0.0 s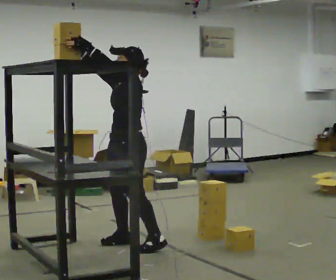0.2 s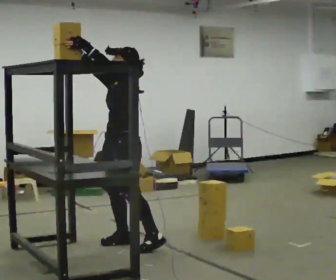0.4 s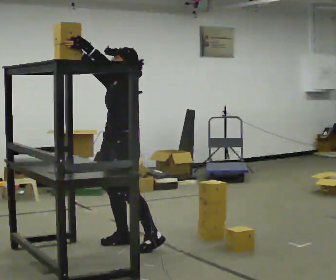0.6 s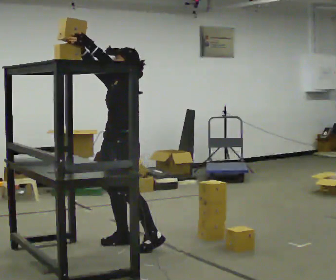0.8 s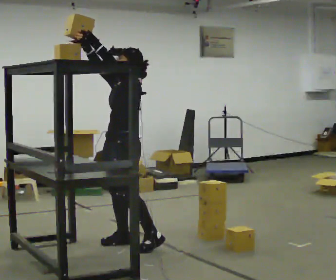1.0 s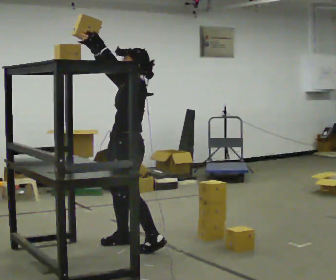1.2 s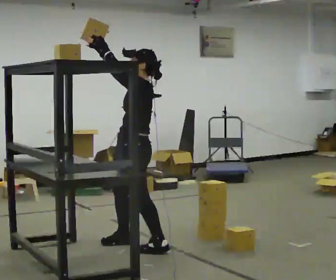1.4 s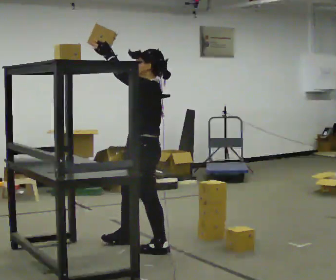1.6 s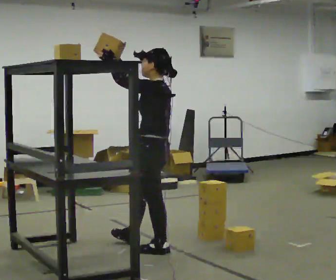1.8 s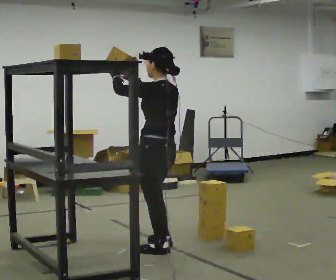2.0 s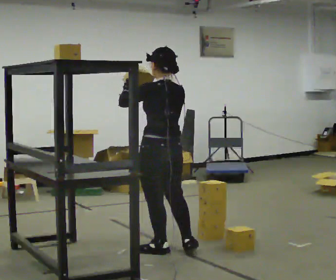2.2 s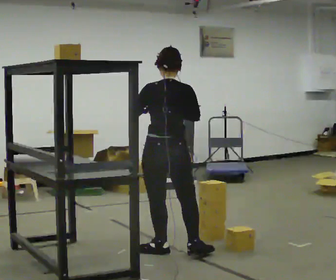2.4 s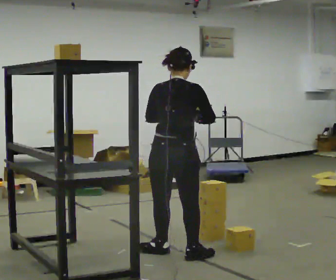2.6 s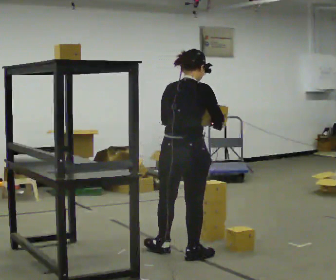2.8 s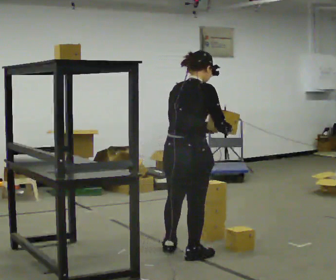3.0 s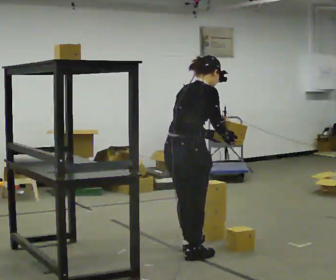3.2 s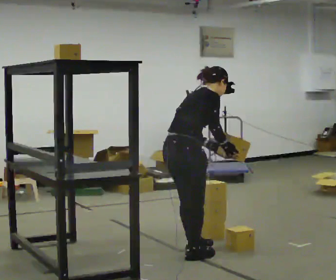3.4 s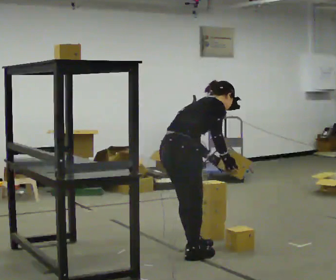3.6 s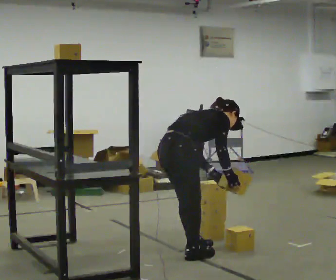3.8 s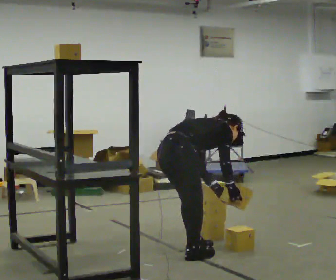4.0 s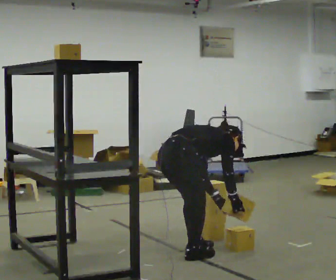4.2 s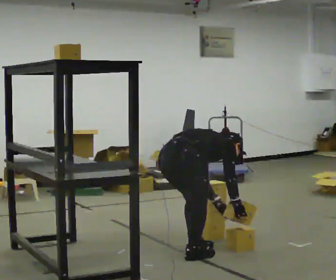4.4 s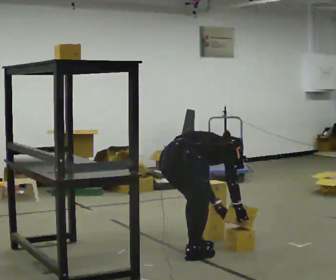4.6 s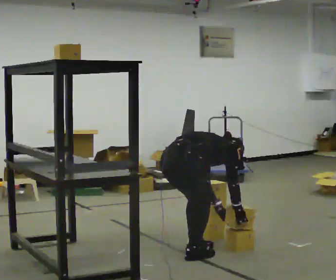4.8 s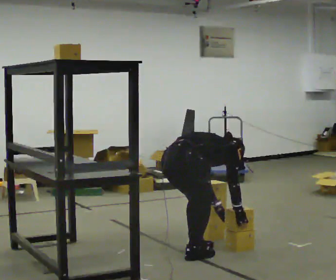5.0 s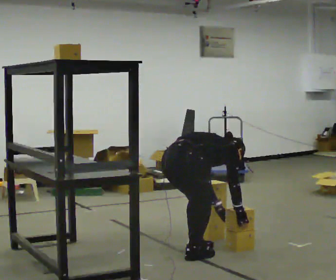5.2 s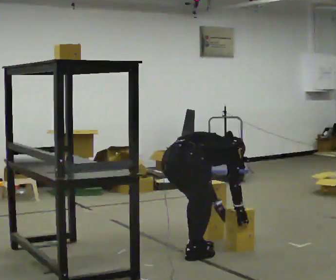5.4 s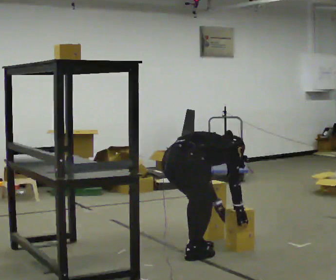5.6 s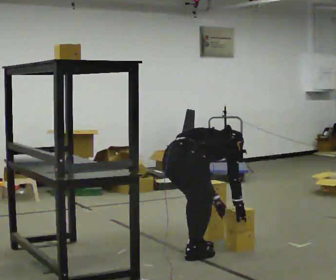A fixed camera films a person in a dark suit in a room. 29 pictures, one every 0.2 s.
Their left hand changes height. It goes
downward.
The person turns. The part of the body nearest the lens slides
to the left.
0.0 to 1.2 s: The person moves a little, or ends about where they began.
1.2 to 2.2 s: The part of the body nearest the lens slides to the left as the person turns to their right by about 90 degrees. In the picture they go to the right and toward the camera, about 0.25 m in 1 step. In the picture their right hand goes downward.
2.2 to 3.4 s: The part of the body nearest the lens slides to the left as the person turns to their right by about 75 degrees. In the picture the upper body tilts clockwise, shoulders to the right, as they bend forward. In the picture their right hand goes downward and to the right.
3.4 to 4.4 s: The shoulders move downward. The upper body tips away from the camera, its near side rolling upward, as they bend forward. In the picture their left hand goes downward.
4.4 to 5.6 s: The person moves a little, or ends about where they began.
The film runs forward here.
